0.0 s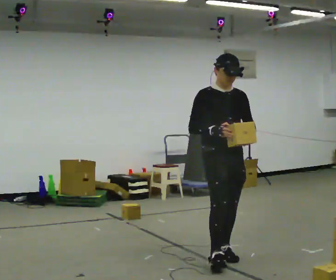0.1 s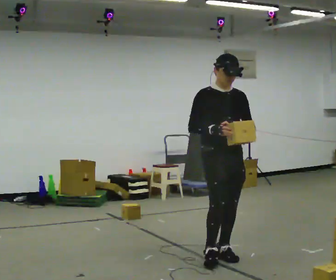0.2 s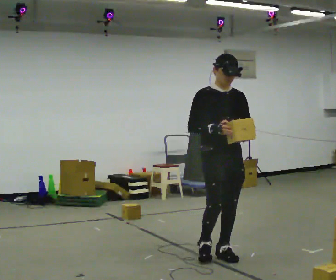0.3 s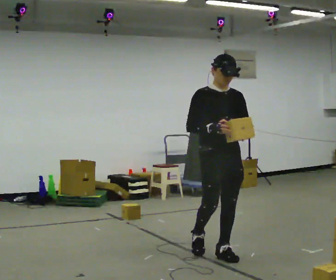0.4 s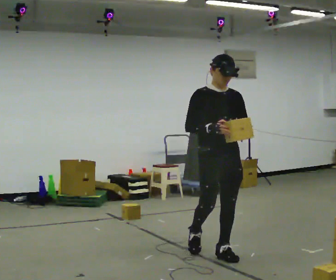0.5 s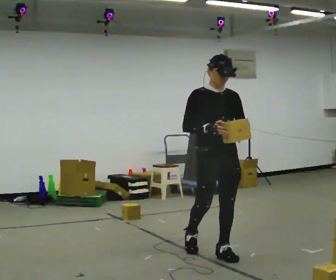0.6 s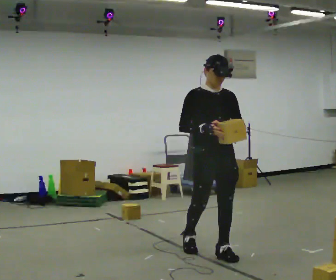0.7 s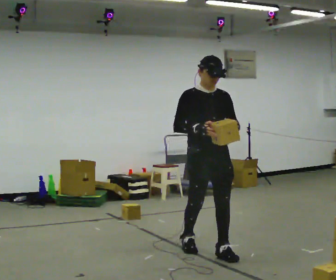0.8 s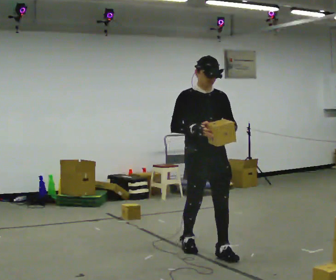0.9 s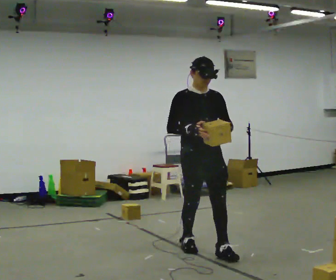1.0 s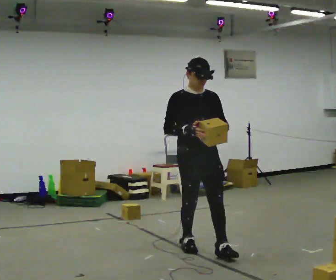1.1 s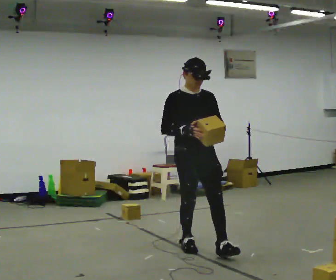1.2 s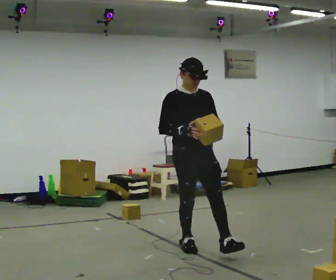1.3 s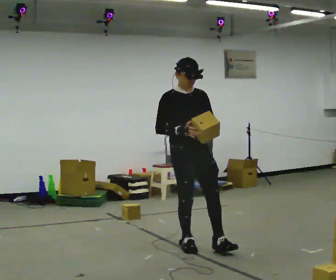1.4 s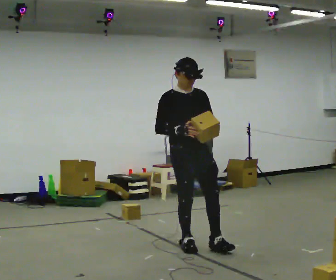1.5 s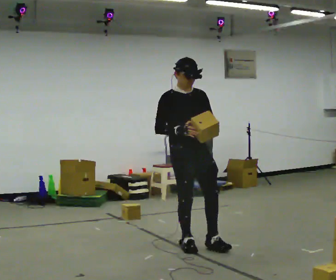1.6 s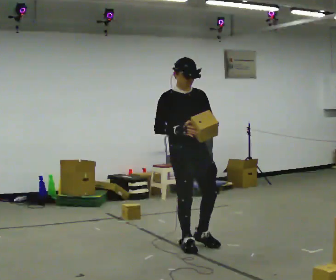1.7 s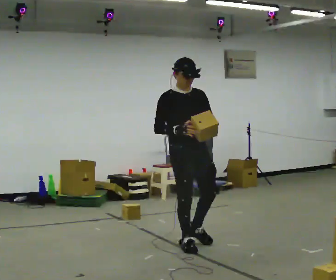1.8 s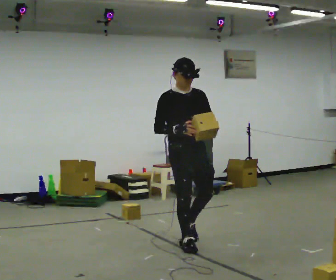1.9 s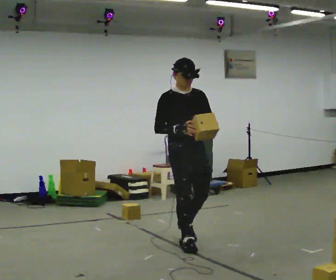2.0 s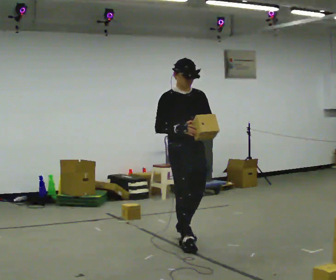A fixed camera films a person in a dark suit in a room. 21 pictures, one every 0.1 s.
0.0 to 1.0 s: In the picture they go away from the camera and to the left, about 0.25 m, which for them is backward.
1.0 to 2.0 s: In the picture they go away from the camera and to the left, about 0.25 m in 1 step, which for them is backward.
The film runs backward here.
